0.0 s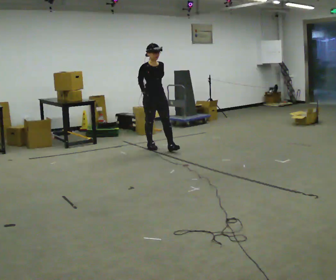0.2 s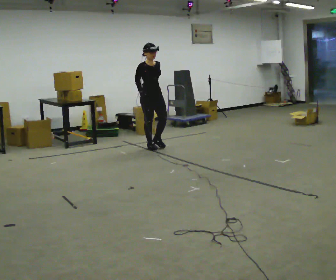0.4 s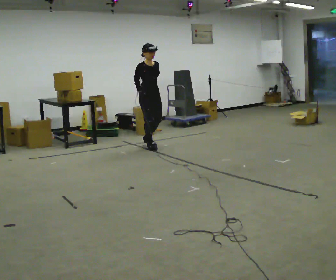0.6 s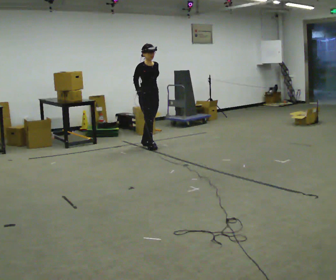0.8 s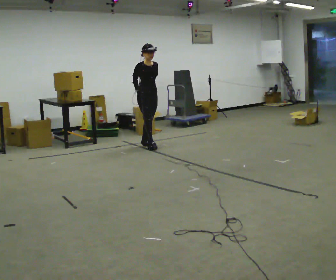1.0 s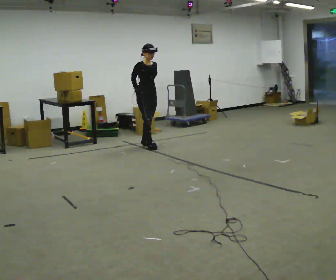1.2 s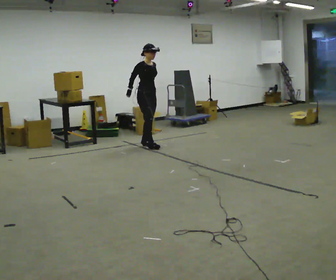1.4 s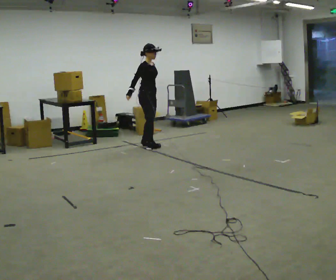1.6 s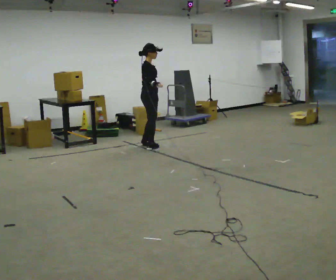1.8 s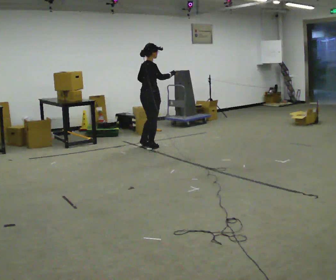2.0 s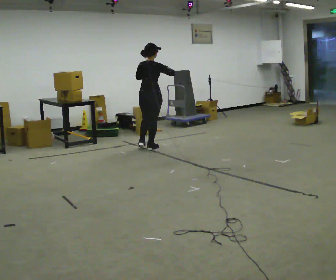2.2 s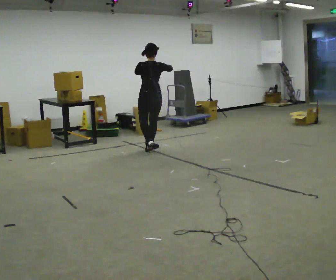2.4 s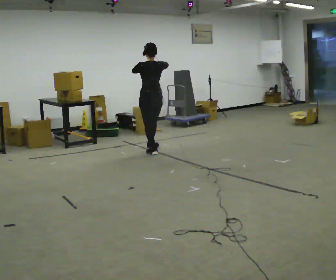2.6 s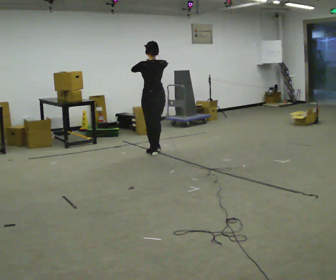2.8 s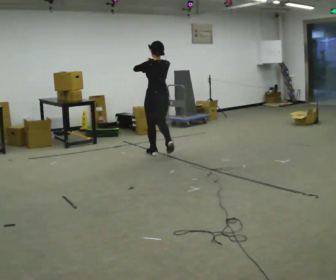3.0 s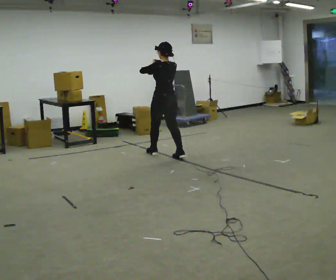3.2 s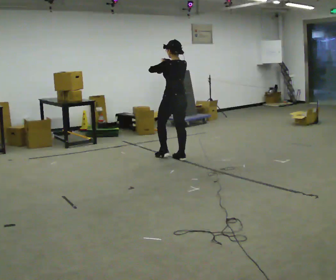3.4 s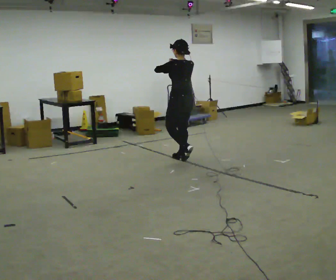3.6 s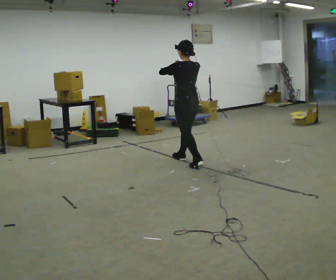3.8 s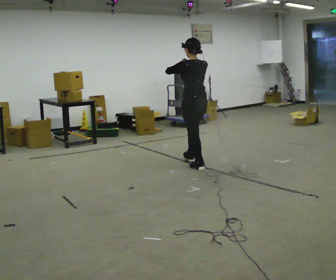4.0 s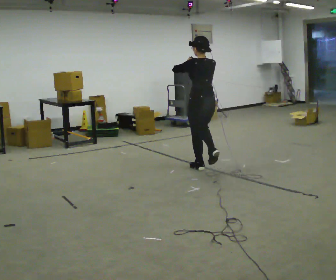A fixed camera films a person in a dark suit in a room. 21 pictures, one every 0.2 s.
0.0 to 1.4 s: The person turns about 30 degrees to their left, counterclockwise seen from above, so the part of the body nearest the lens slides to the right. In the picture they go away from the camera, about 0.25 m, which for them is backward.
1.4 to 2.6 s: Seen from above the body turns counterclockwise, about 135 degrees: to their left, with its near side sliding to the right. In the picture they go toward the camera, about 0.5 m in 2 steps. In the picture their right hand goes upward.
2.6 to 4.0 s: In the picture they go toward the camera and to the right, about 1 m in 2 steps, which for them is backward.
The film runs backward here.
